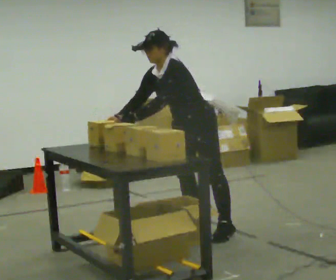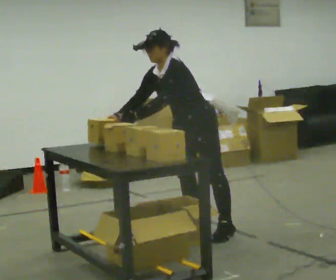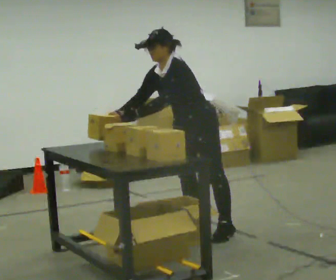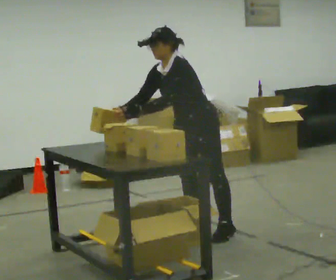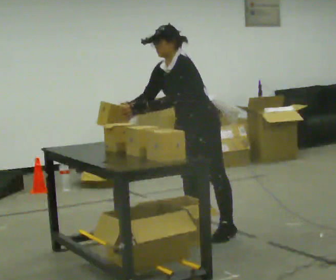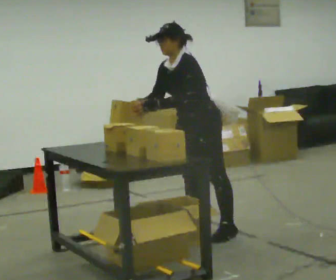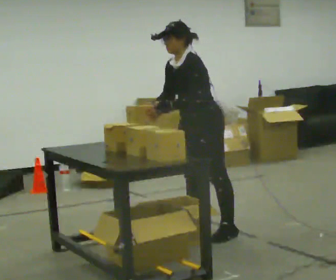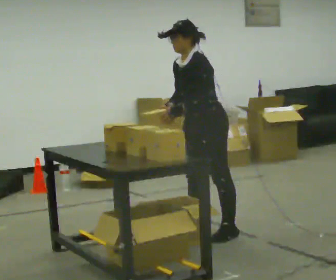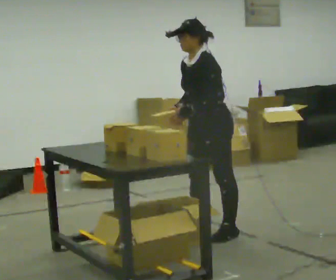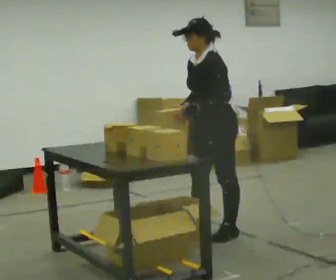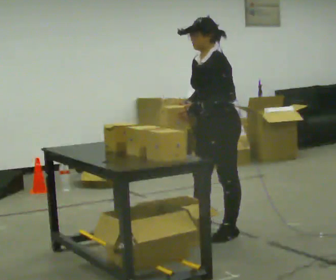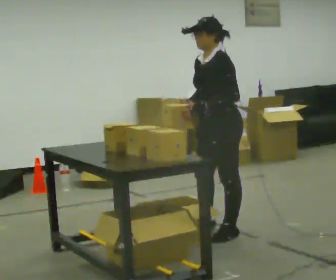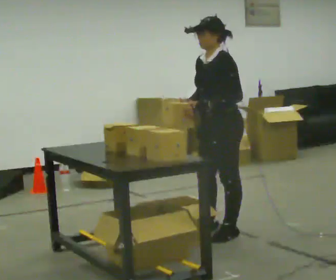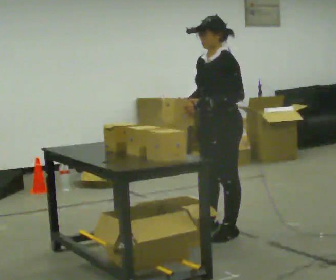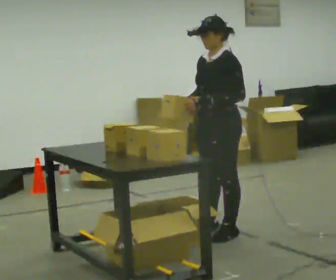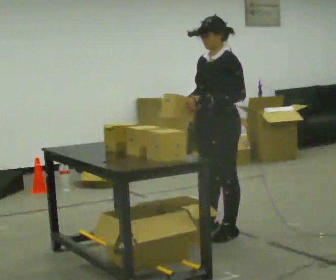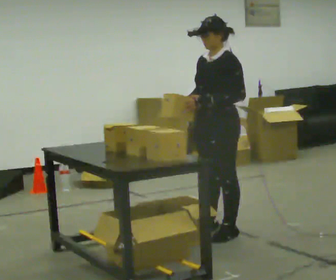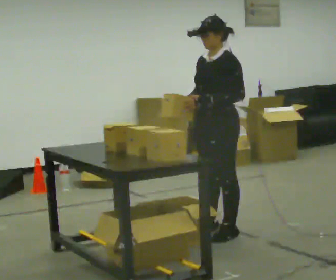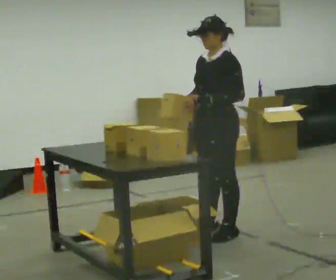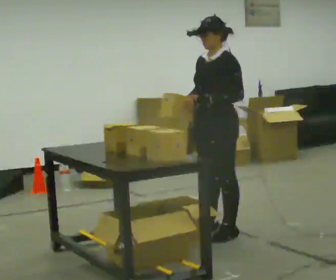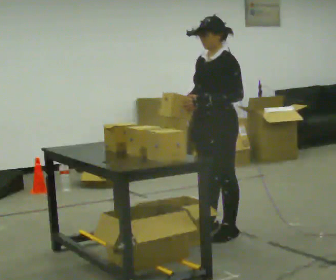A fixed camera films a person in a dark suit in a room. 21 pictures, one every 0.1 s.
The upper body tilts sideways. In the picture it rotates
clockwise.
0.0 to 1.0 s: In the picture they go toward the camera and to the right, about 0.25 m, which for them is to their left. In the picture the upper body tilts clockwise, shoulders to the right, as they lean back or straighten.
1.0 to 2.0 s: The person moves a little, or ends about where they began.
The film runs backward here.
